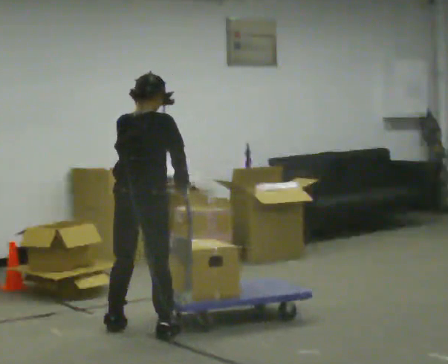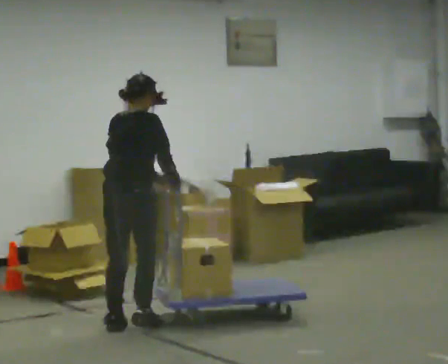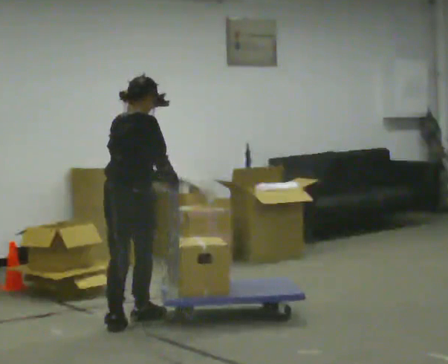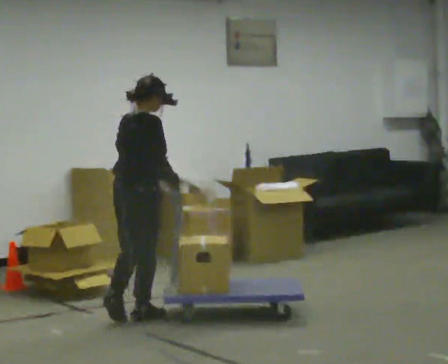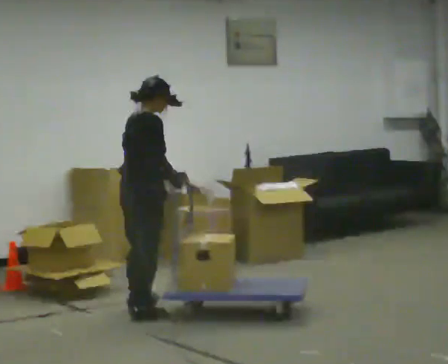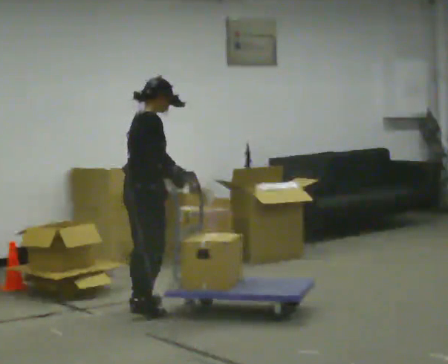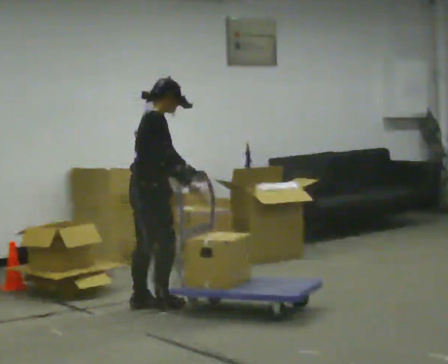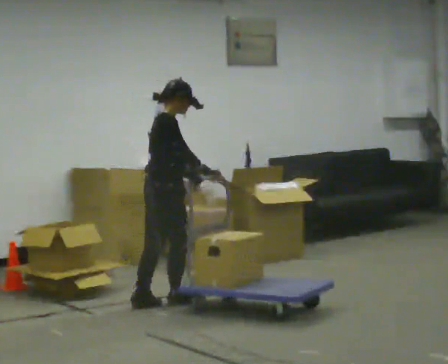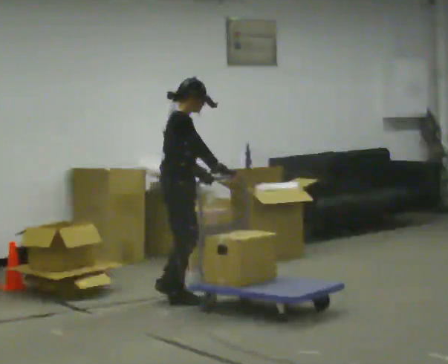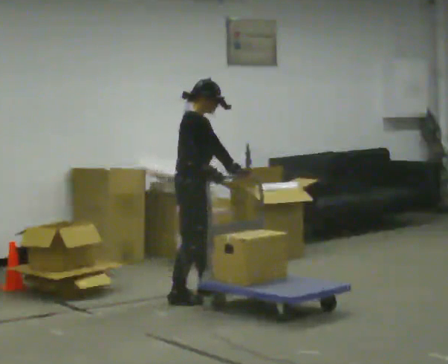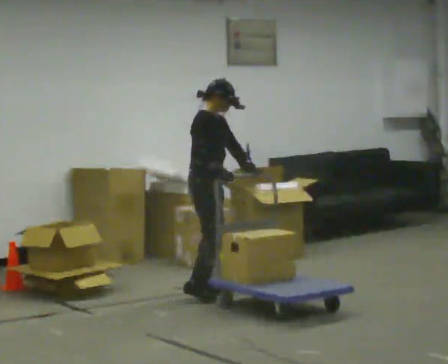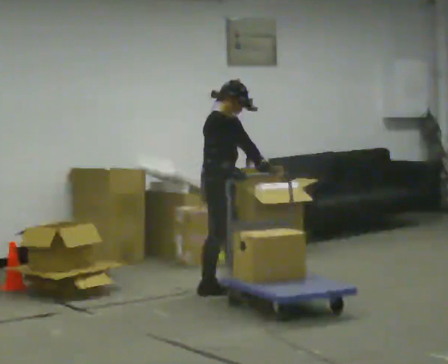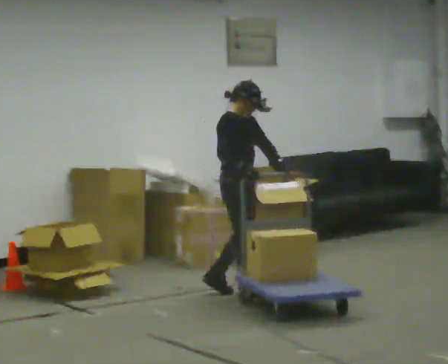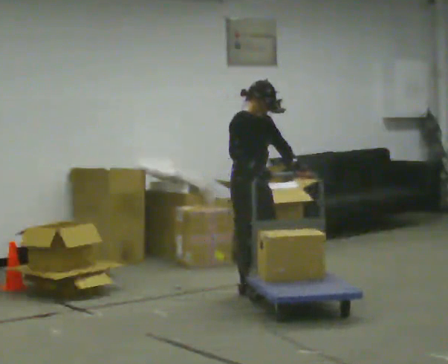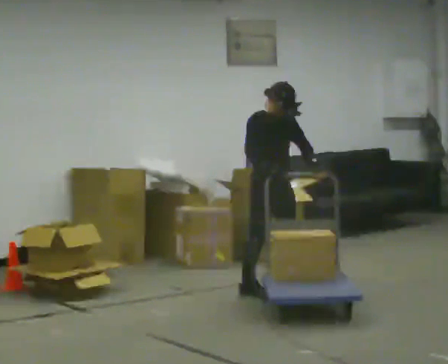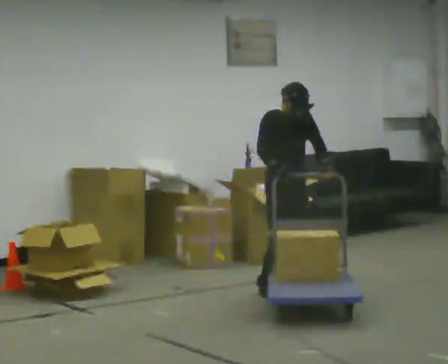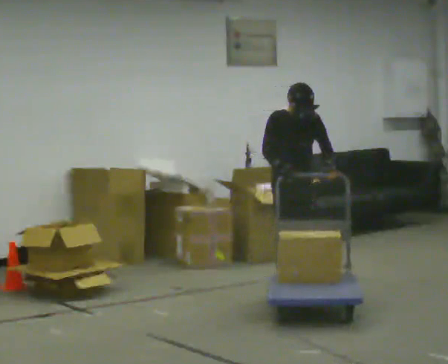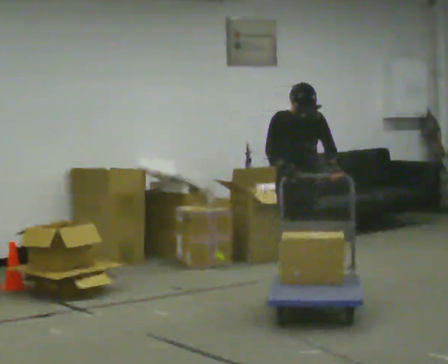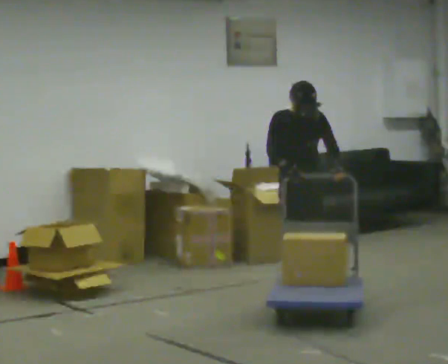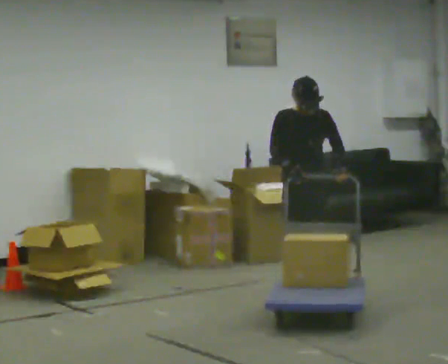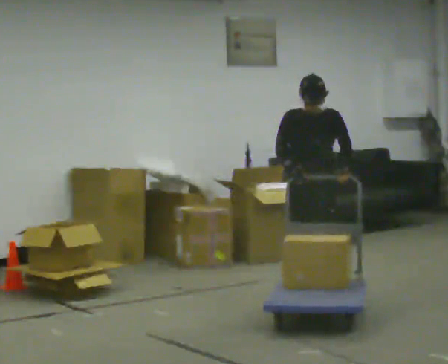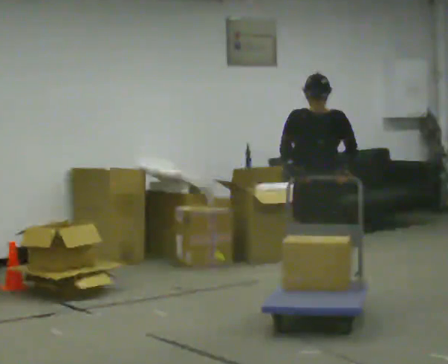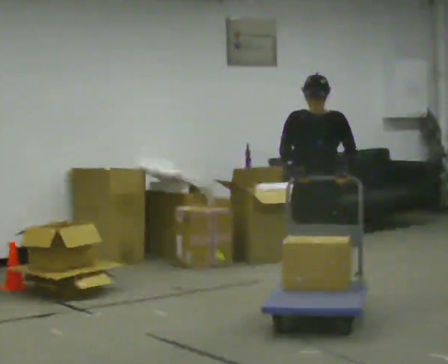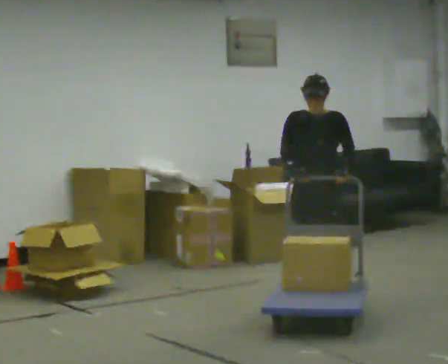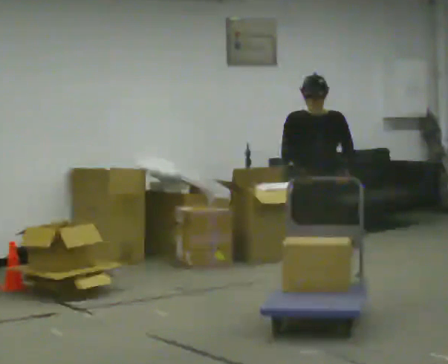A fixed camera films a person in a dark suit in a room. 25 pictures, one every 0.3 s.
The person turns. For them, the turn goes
to their right.
The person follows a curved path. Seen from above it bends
clockwise.
0.0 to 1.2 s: The person turns about 30 degrees to their right, clockwise seen from above, so the part of the body nearest the lens slides to the left. In the picture they go away from the camera, about 0.5 m in 1 step, which for them is forward and to their left.
1.2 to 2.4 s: The part of the body nearest the lens slides to the left as the person turns to their right by about 30 degrees. In the picture they go away from the camera and to the right, about 0.5 m in 2 steps, which for them is forward and to their left.
2.4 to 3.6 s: The person turns about 30 degrees to their right, clockwise seen from above, so the part of the body nearest the lens slides to the left. In the picture they go to the right and away from the camera, about 0.5 m in 2 steps, which for them is forward and to their left.
3.6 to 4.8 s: The part of the body nearest the lens slides to the left as the person turns to their right by about 45 degrees. In the picture they go to the right, about 0.5 m in 1 step, which for them is to their left and forward.
4.8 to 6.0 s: The person turns about 30 degrees to their right, clockwise seen from above, so the part of the body nearest the lens slides to the left. In the picture they go toward the camera, about 0.25 m in 2 steps, which for them is forward.
6.0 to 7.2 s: The person moves a little, or ends about where they began.
The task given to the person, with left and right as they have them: Push the loaded cart from one corner of the room to the other, turn it round, and push it back. Keep going until the operator says stop.
The film runs forward here.
